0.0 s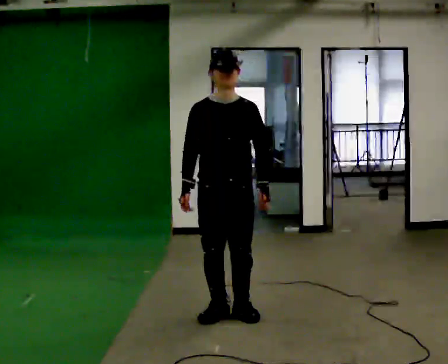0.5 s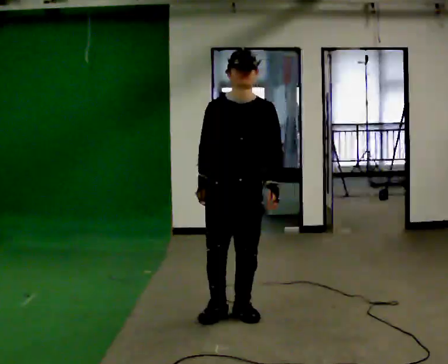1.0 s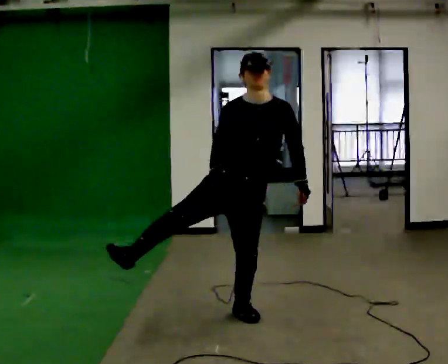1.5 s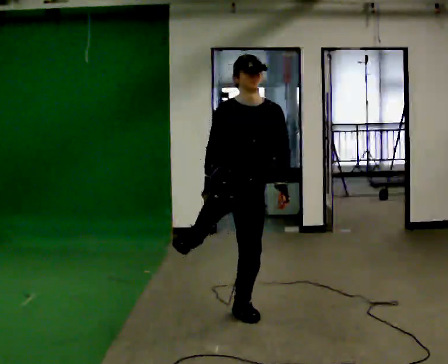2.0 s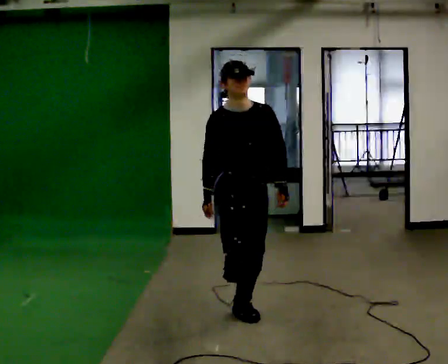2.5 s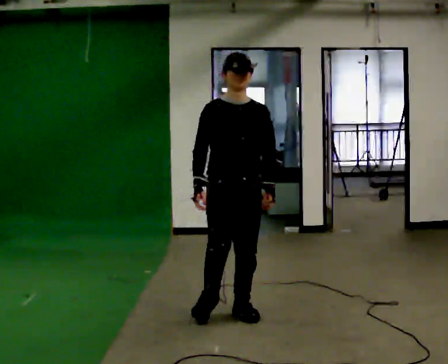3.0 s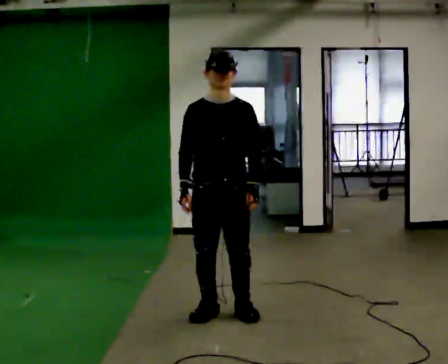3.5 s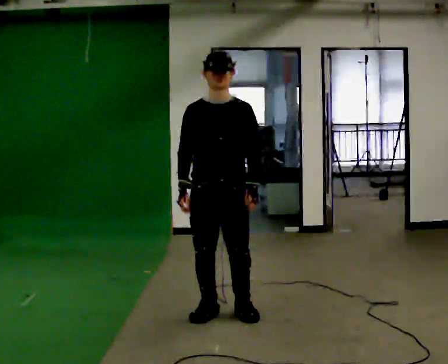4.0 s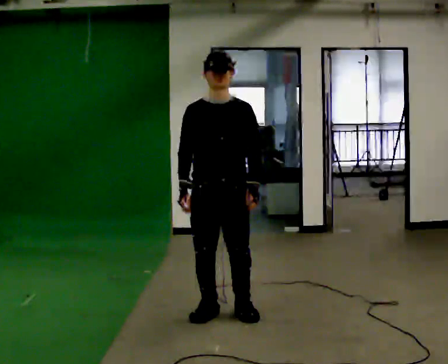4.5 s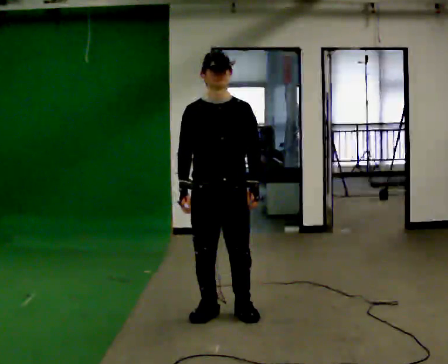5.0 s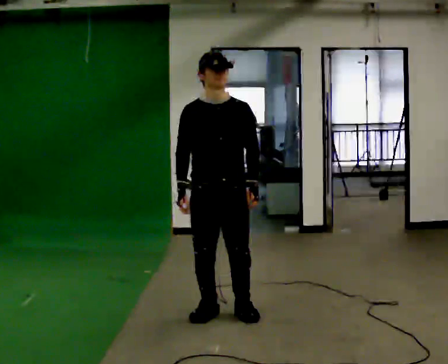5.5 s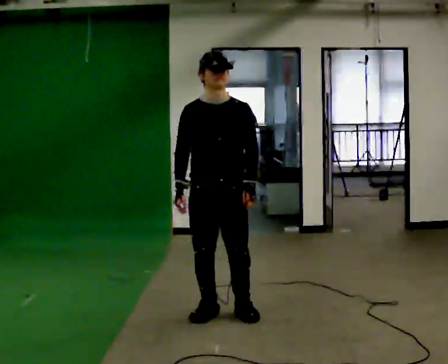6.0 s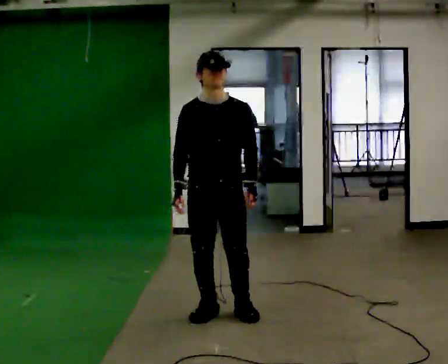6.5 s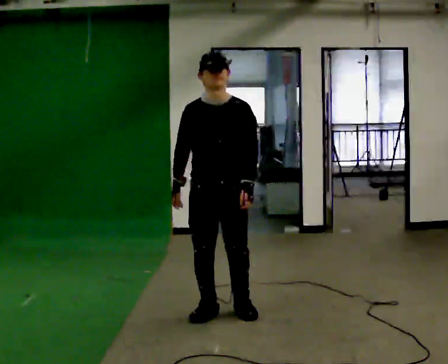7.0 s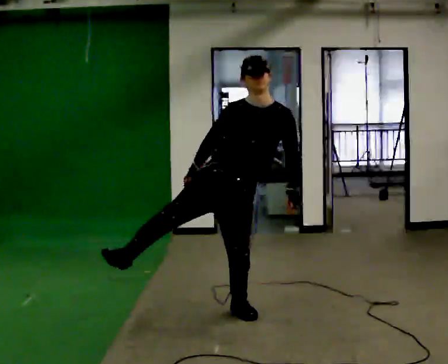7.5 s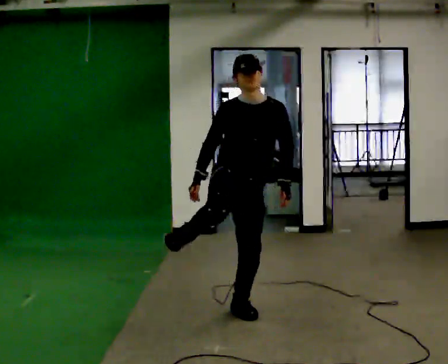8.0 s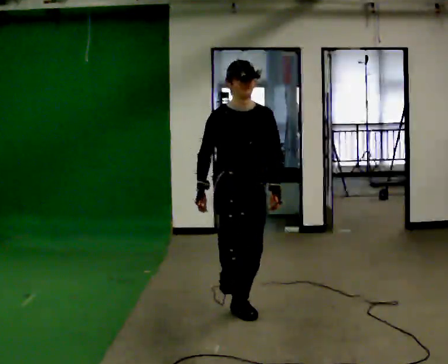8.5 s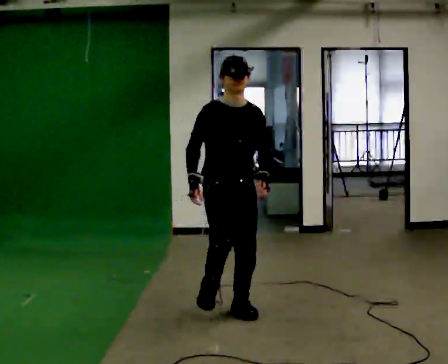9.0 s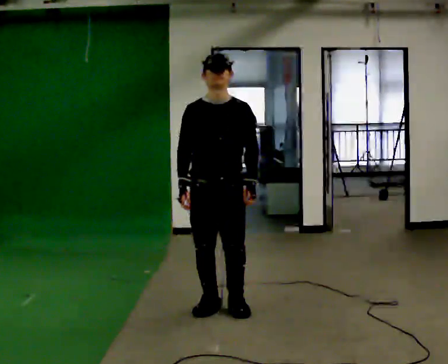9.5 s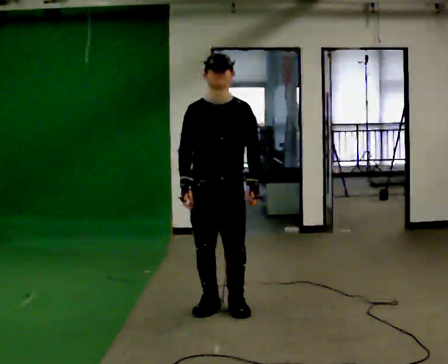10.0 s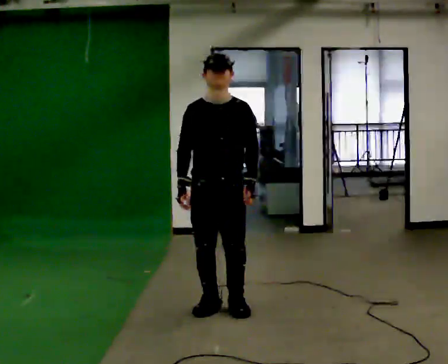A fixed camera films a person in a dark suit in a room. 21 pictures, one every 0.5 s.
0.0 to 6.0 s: The person moves a little, or ends about where they began.
6.0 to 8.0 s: The upper body tips away from the camera, its near side rolling upward.
8.0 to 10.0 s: The person moves a little, or ends about where they began.
The film runs backward here.
